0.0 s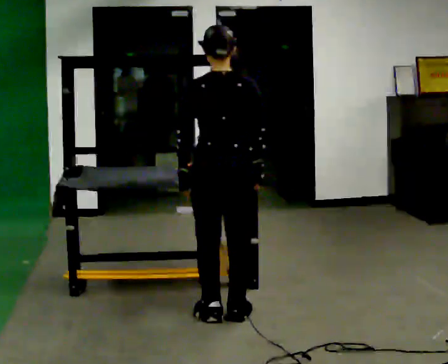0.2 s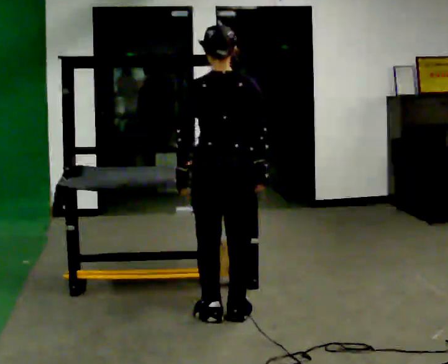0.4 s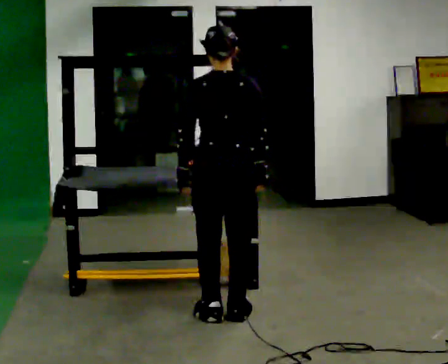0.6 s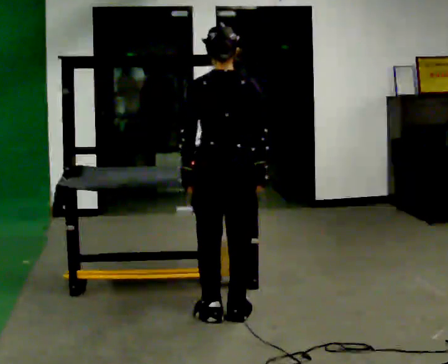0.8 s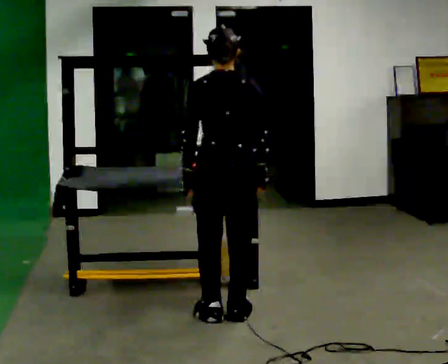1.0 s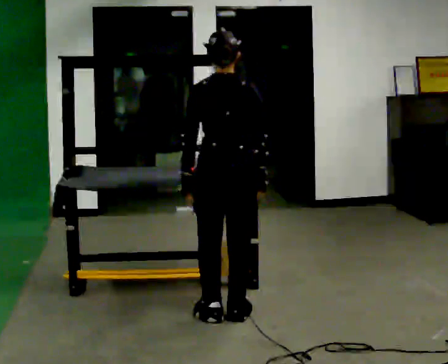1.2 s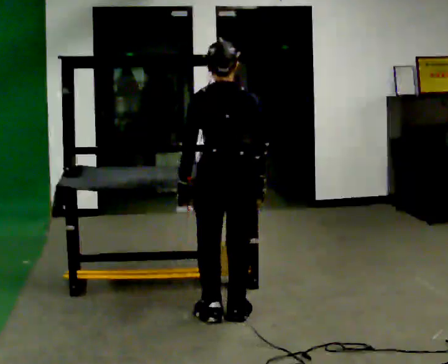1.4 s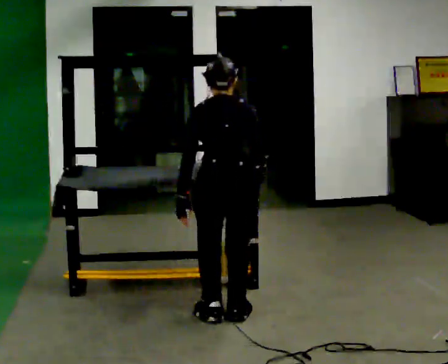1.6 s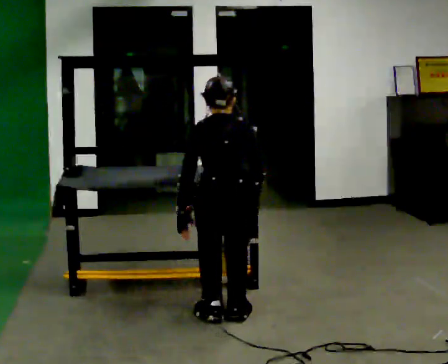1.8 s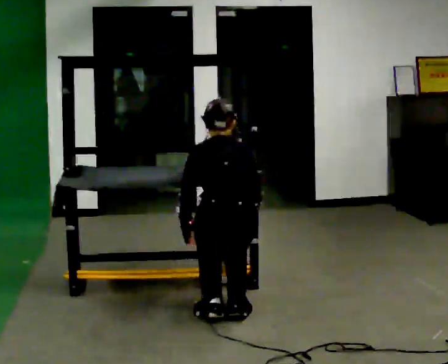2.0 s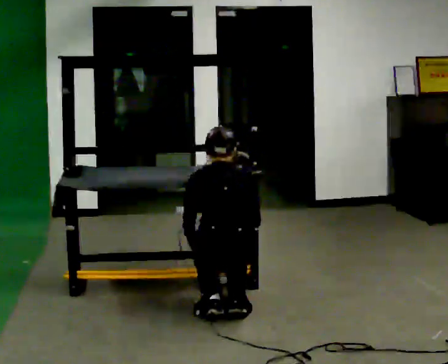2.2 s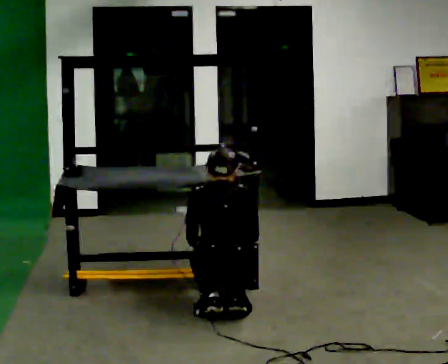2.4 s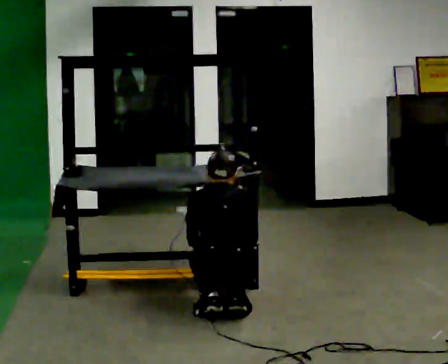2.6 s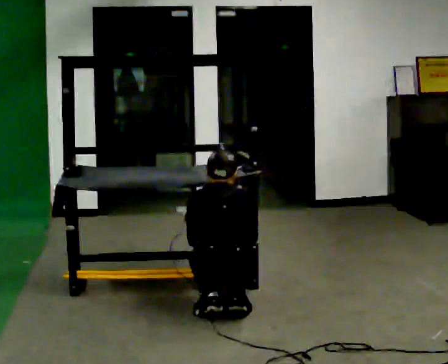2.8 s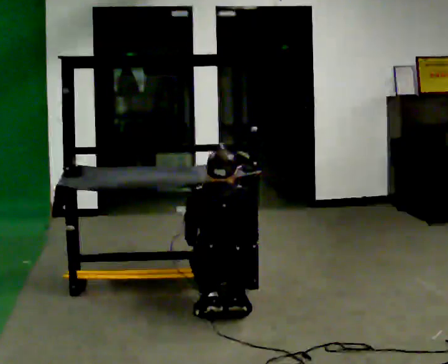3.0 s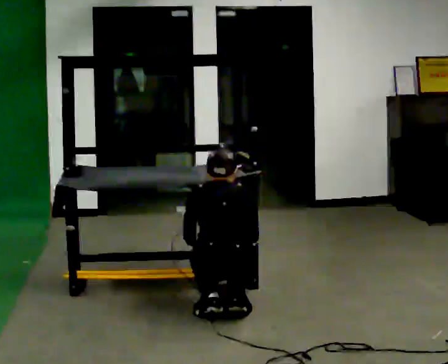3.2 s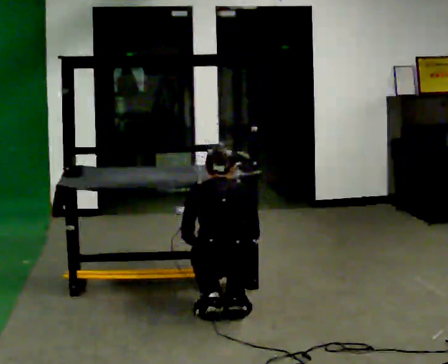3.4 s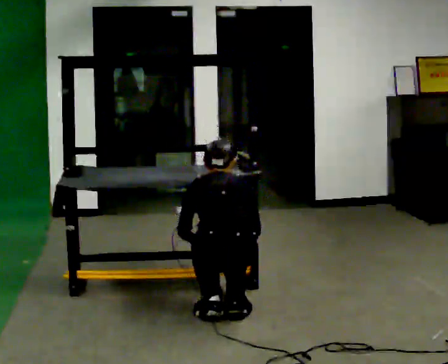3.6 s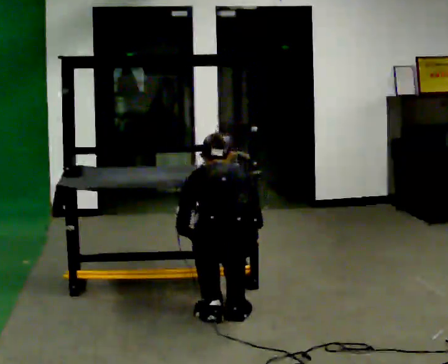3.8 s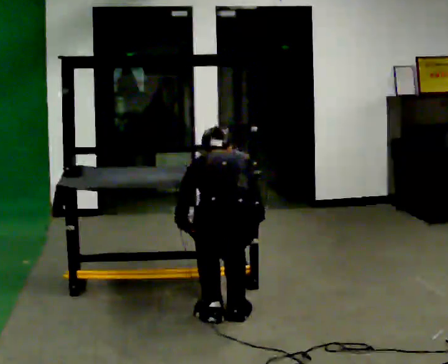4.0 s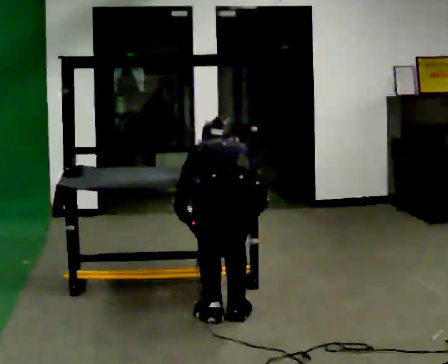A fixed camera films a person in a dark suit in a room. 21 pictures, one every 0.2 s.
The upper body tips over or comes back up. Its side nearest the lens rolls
upward.
0.0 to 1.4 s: The upper body tips away from the camera, its near side rolling upward, as they bend forward.
1.4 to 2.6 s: The upper body goes downward. In the picture their left hand goes downward.
2.6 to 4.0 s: The shoulders move upward. The upper body tips away from the camera, its near side rolling upward, as they bend forward.
The film runs backward here.
